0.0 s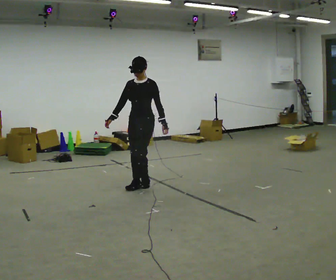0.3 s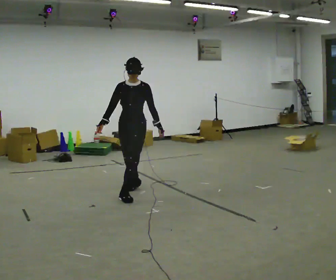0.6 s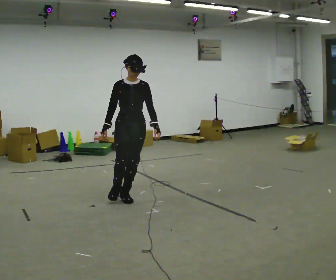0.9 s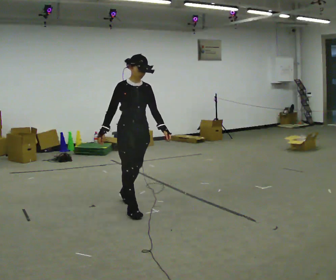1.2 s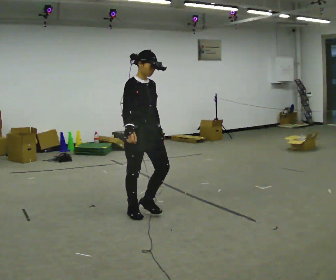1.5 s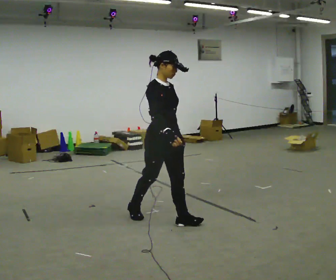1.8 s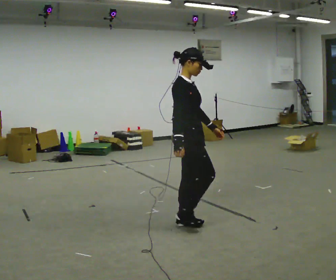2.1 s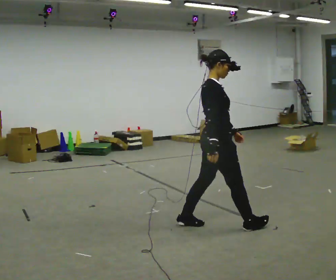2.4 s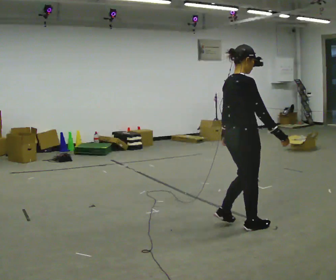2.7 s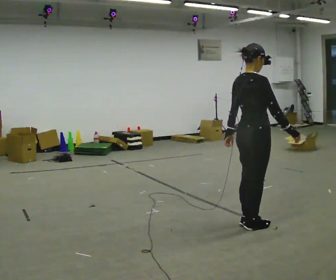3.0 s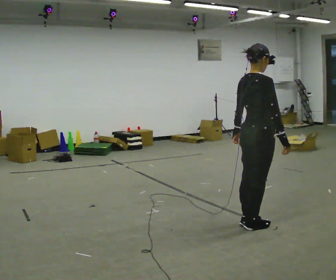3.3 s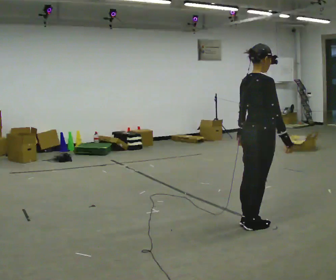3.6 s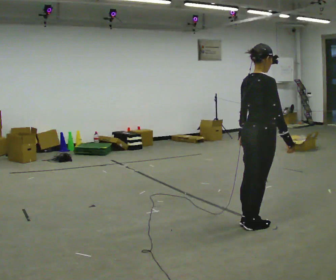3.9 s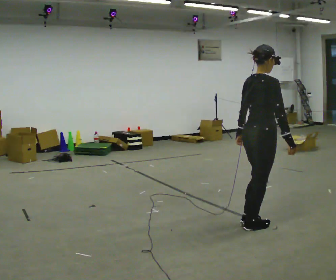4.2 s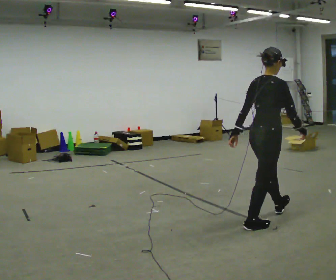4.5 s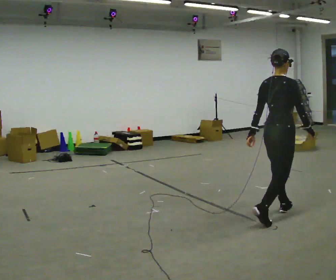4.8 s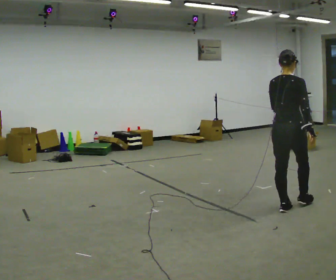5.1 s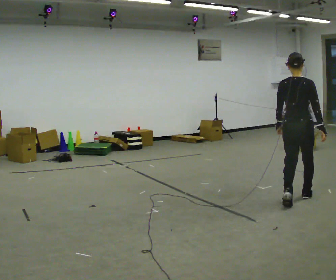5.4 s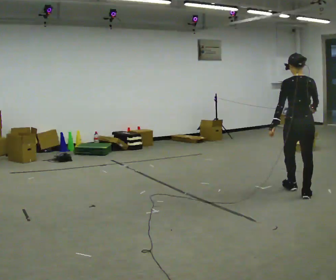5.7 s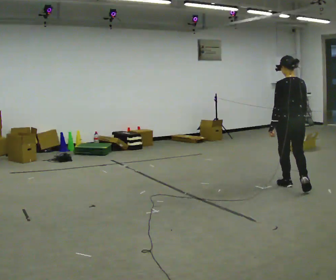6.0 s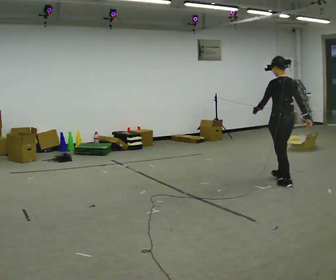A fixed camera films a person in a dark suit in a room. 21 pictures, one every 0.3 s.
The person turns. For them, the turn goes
to their left.
The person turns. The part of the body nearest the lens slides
to the right.
0.0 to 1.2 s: The part of the body nearest the lens slides to the right as the person turns to their left by about 75 degrees. In the picture they go toward the camera, about 1 m in 2 steps.
1.2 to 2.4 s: Seen from above the body turns counterclockwise, about 75 degrees: to their left, with its near side sliding to the right. In the picture they go to the right, about 1 m in 2 steps.
2.4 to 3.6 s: The person moves a little, or ends about where they began.
3.6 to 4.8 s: The person turns about 30 degrees to their left, counterclockwise seen from above, so the part of the body nearest the lens slides to the right. In the picture they go away from the camera and to the right, about 0.5 m in 1 step, which for them is forward.
4.8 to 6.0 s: The part of the body nearest the lens slides to the right as the person turns to their left by about 60 degrees. In the picture they go away from the camera, about 1 m in 2 steps.
The film runs forward here.
